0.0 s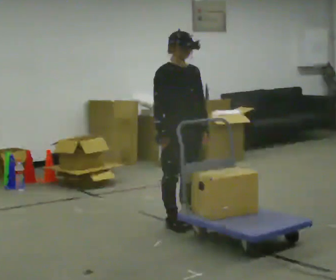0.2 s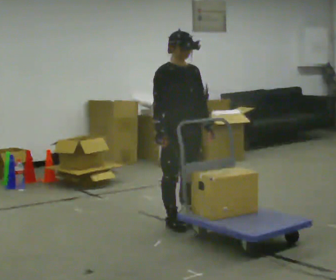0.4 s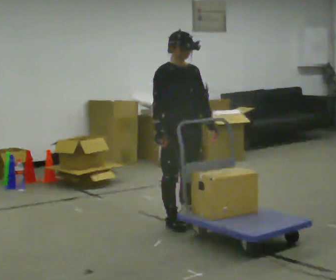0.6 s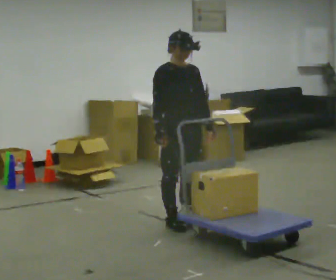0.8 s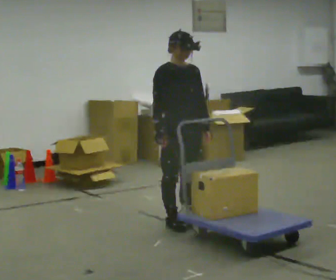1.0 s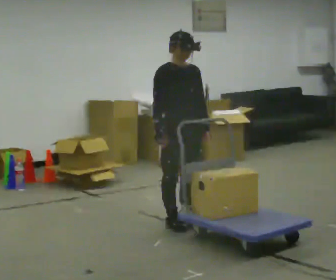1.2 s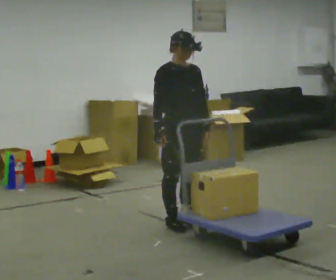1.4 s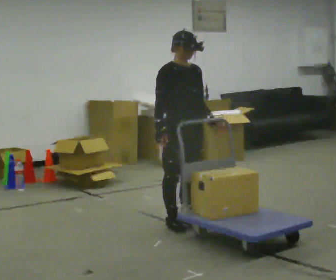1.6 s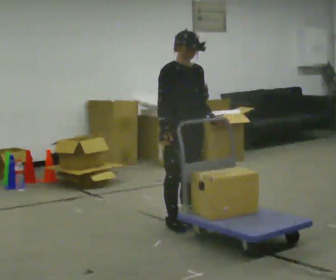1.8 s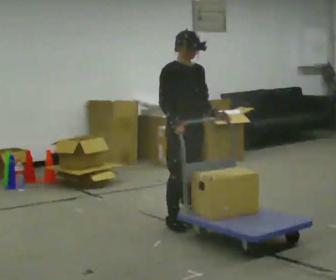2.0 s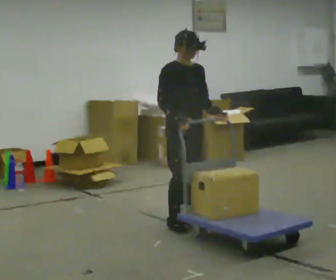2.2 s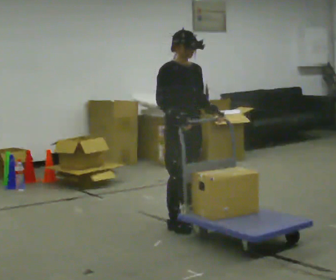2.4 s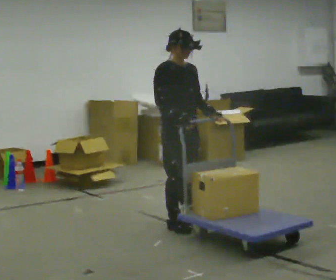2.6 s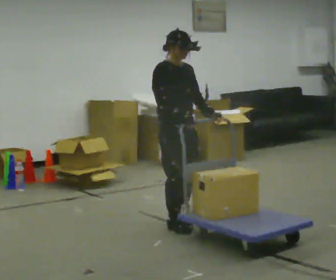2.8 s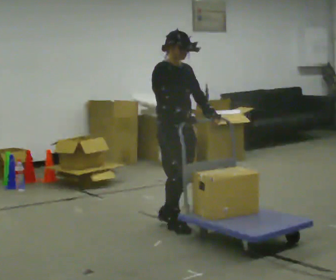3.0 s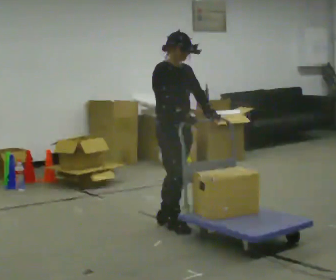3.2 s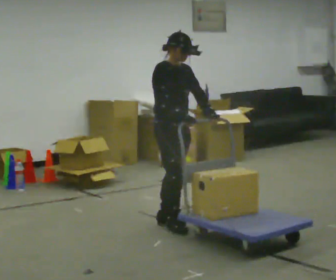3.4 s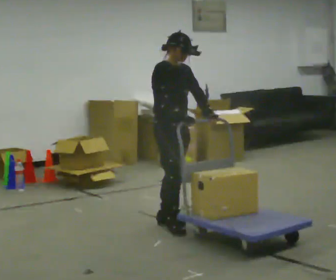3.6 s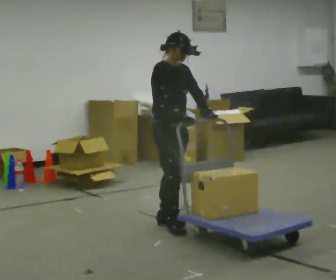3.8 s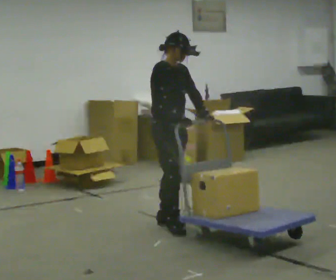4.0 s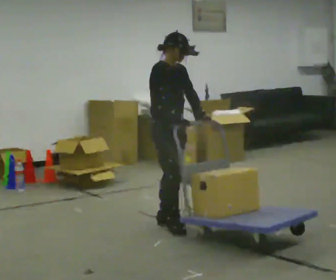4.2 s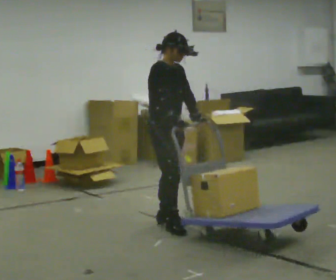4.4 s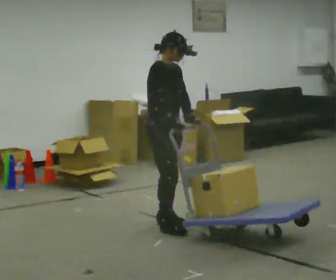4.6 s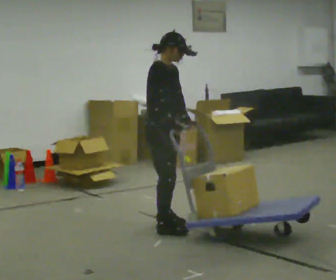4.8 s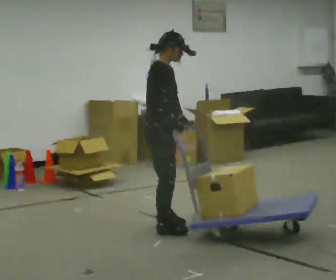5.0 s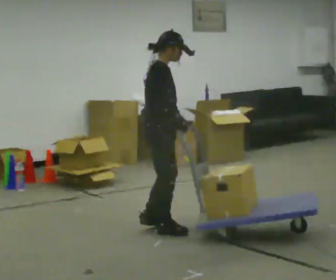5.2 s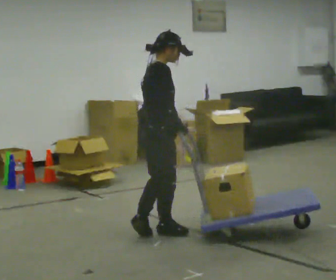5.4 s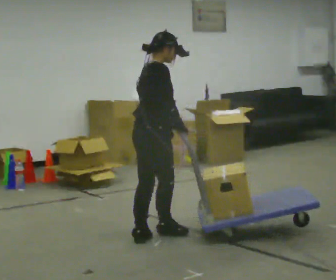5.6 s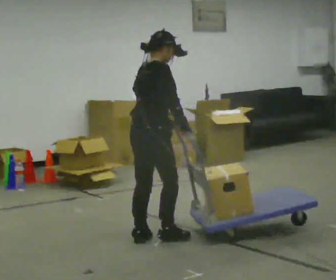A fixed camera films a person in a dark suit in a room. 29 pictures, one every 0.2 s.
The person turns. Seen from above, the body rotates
counterclockwise.
The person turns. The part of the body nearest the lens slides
to the right.
0.0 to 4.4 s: Seen from above the body turns counterclockwise, about 30 degrees: to their left, with its near side sliding to the right.
4.4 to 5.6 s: The part of the body nearest the lens slides to the right as the person turns to their left by about 60 degrees. In the picture they go toward the camera, about 0.5 m in 2 steps, which for them is to their right and backward.
The film runs backward here.
